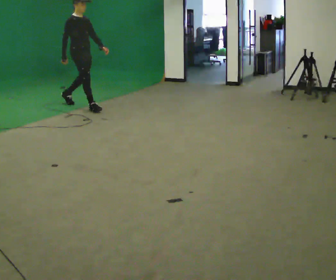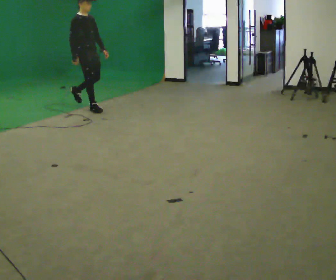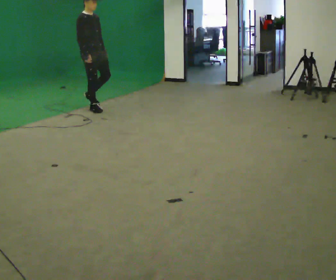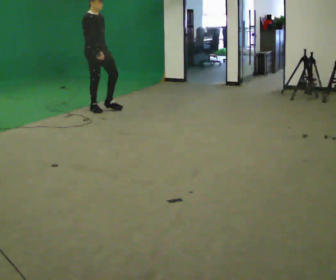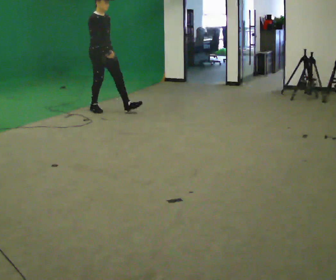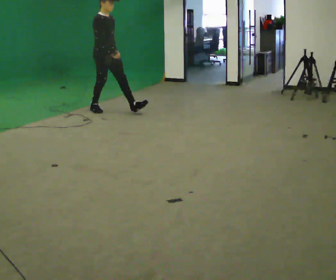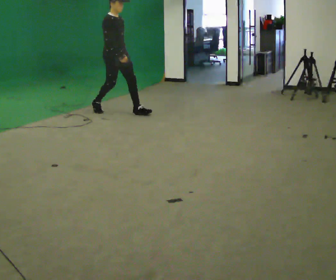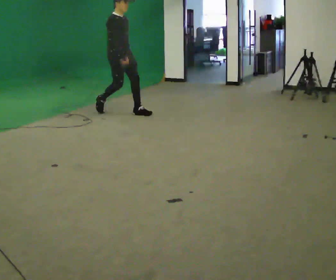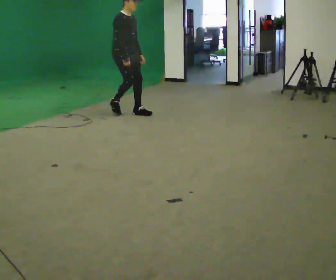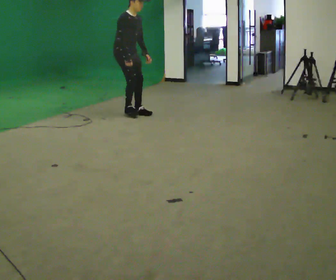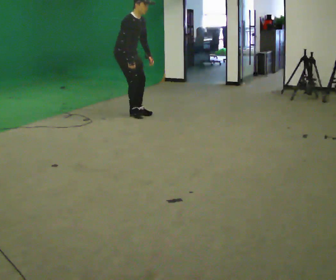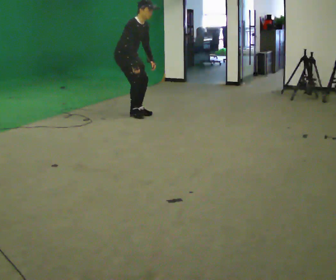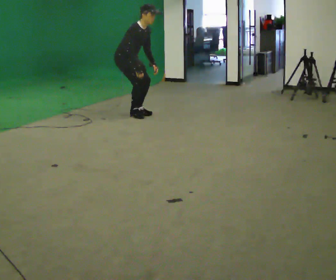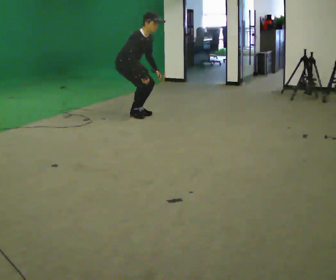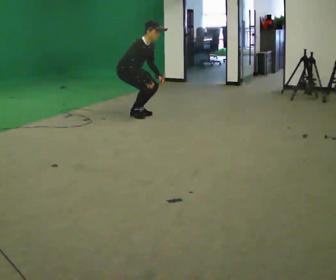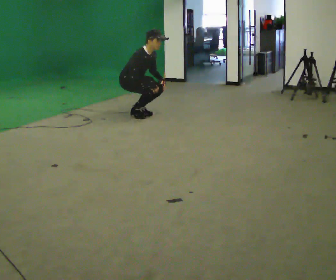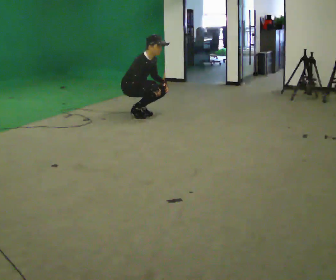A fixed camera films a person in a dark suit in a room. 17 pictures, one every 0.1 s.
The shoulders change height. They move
downward.
Their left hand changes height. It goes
downward.
0.0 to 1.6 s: In the picture they go to the right and toward the camera, about 1 m in 2 steps, which for them is forward. The upper body goes downward. In the picture the upper body tilts clockwise, shoulders to the right, as they bend forward. In the picture their right hand goes downward.
The film runs forward here.
